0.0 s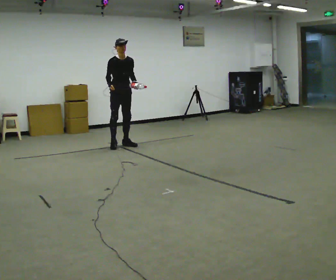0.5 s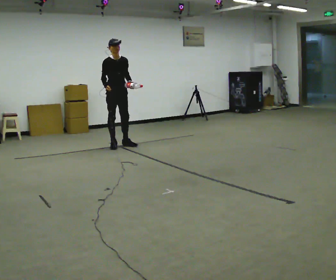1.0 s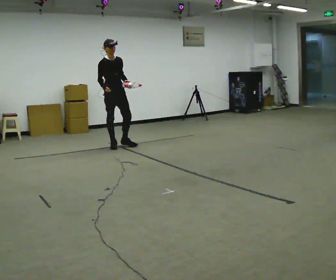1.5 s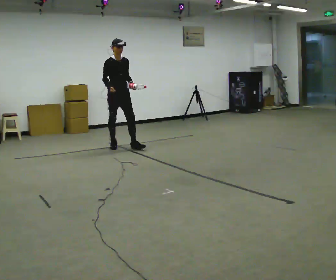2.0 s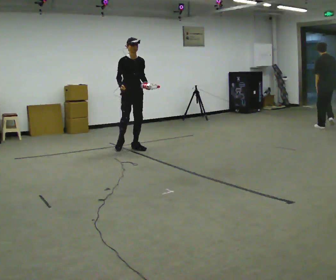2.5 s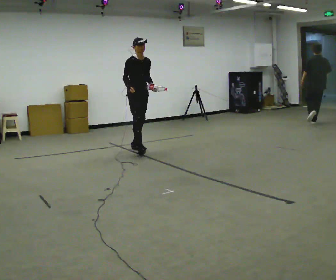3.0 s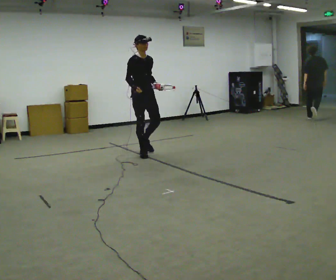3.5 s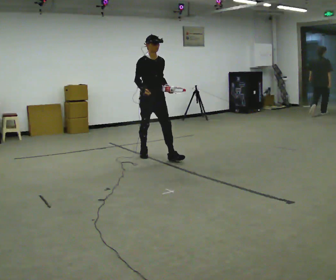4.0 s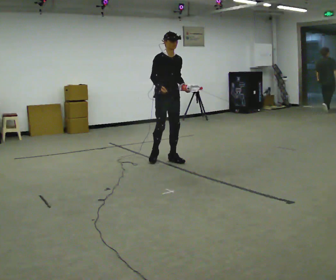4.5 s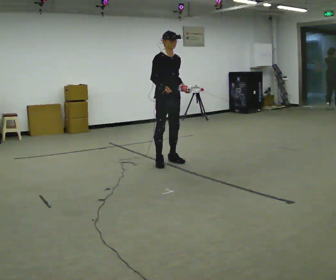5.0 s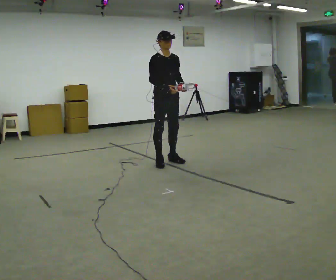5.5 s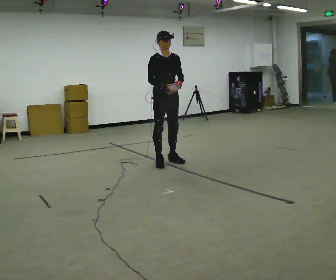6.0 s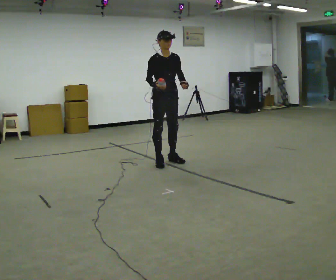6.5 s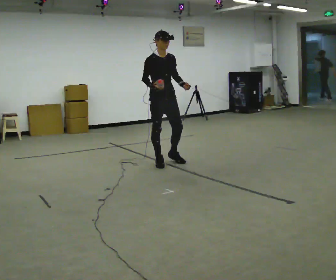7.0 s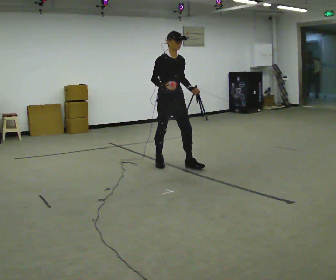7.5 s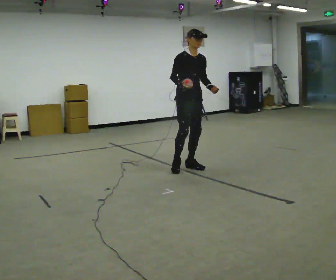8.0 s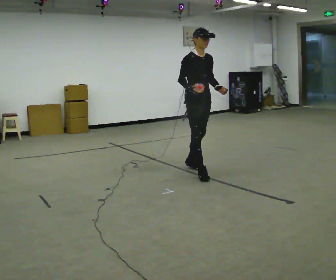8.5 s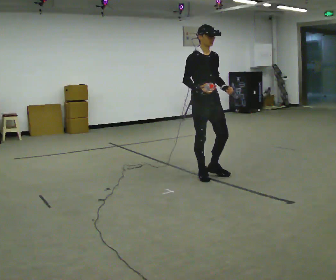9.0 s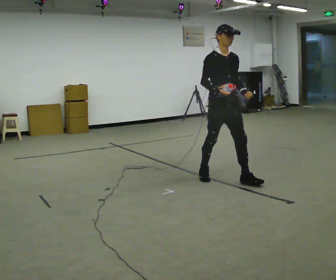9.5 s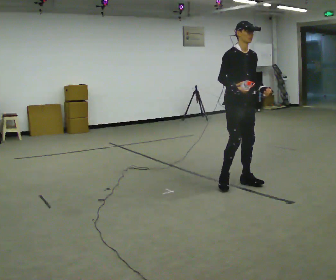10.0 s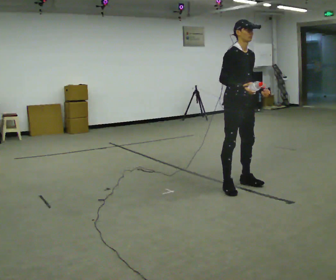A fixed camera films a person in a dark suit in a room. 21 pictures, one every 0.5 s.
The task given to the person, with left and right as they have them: Carry the object in one hand and, while walking, pass it to your other hand. Keep passing it back and forth as you walk.
0.0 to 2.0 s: In the picture they go toward the camera and to the right, about 0.25 m in 1 step, which for them is forward.
2.0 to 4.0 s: In the picture they go toward the camera and to the right, about 1 m in 2 steps, which for them is forward.
4.0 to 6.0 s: The person moves a little, or ends about where they began.
6.0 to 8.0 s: In the picture they go toward the camera and to the right, about 0.75 m in 2 steps, which for them is forward.
8.0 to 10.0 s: In the picture they go toward the camera and to the right, about 0.75 m in 2 steps, which for them is forward.
The film runs forward here.
